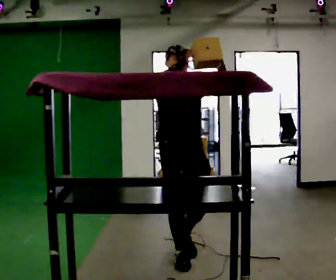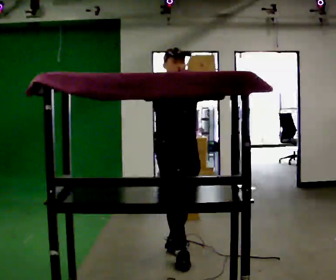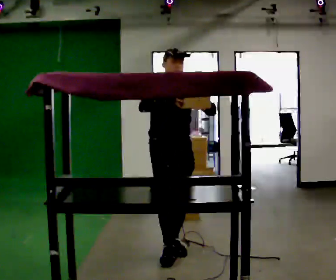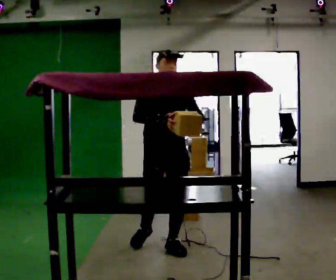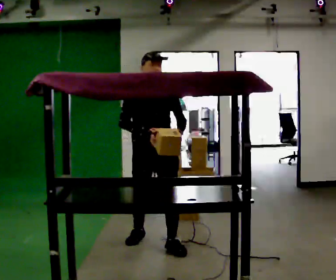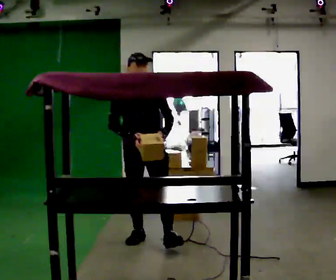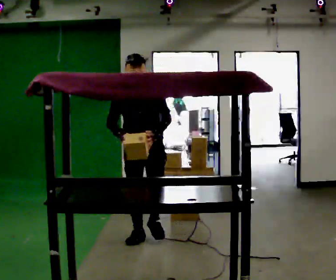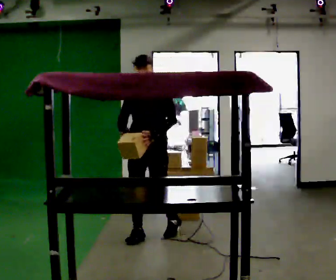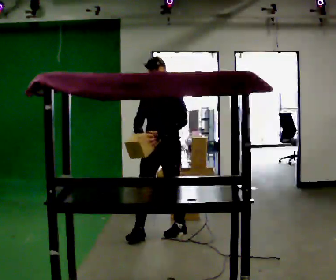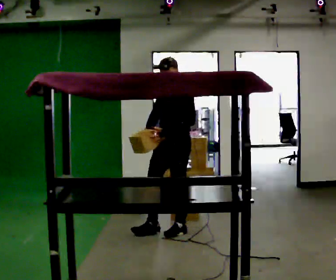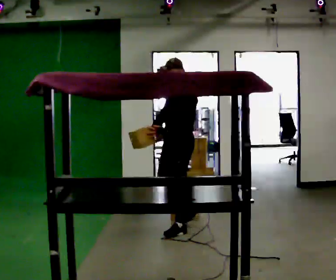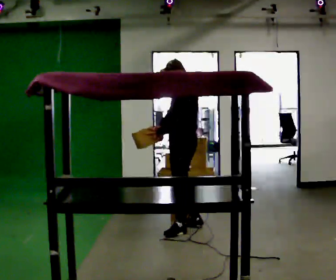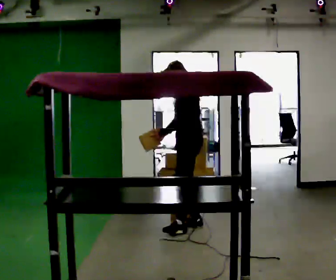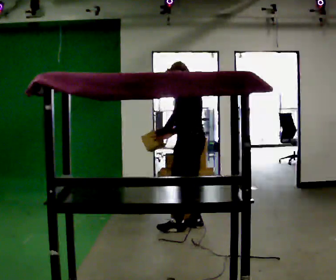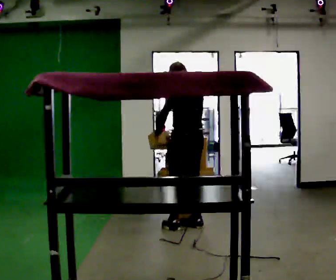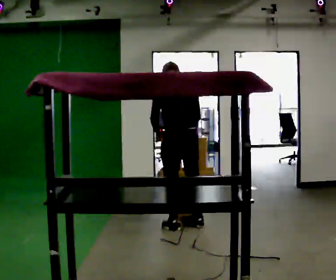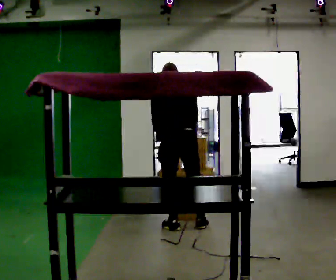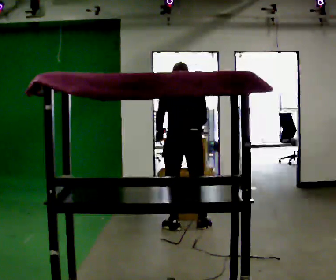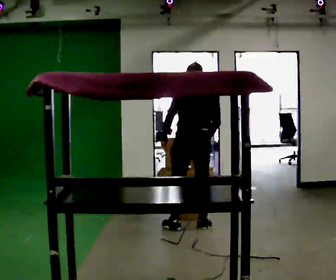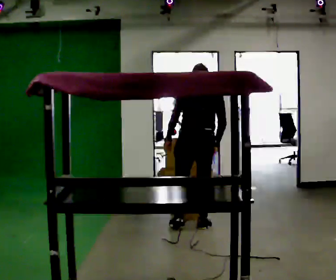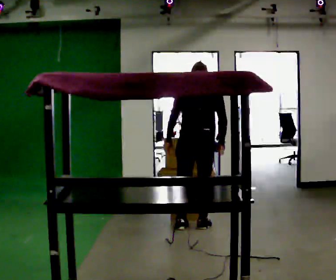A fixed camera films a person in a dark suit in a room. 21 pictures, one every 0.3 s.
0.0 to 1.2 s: In the picture they go away from the camera and to the left, about 0.5 m in 1 step, which for them is backward. In the picture their left hand goes downward, the arm swinging clockwise.
1.2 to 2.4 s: The part of the body nearest the lens slides to the left as the person turns to their right by about 45 degrees. In the picture they go away from the camera, about 0.5 m in 1 step, which for them is backward.
2.4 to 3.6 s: Seen from above the body turns clockwise, about 45 degrees: to their right, with its near side sliding to the left. In the picture they go away from the camera and to the right, about 0.5 m in 1 step, which for them is backward and to their right.
3.6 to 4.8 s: The part of the body nearest the lens slides to the left as the person turns to their right by about 90 degrees.
4.8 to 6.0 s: In the picture they go to the right, about 0.25 m, which for them is to their right.
The film runs backward here.
